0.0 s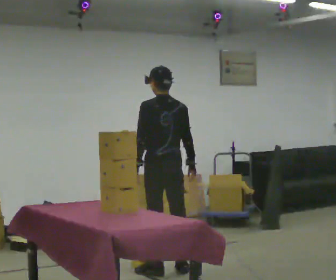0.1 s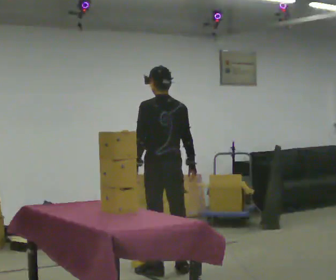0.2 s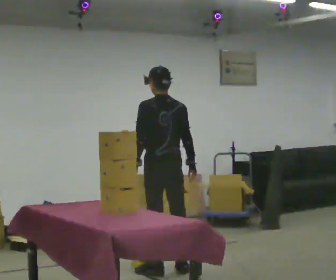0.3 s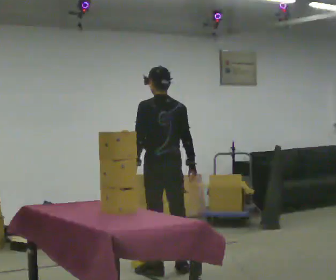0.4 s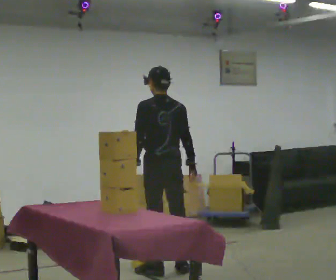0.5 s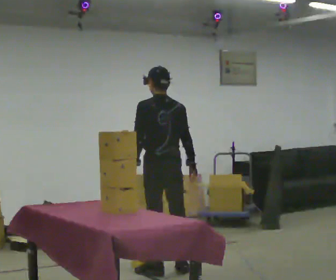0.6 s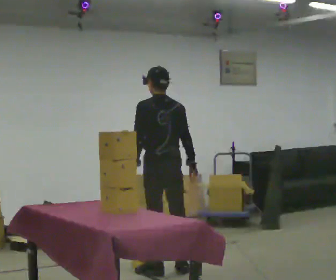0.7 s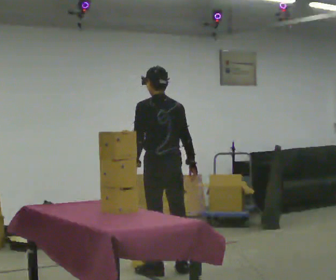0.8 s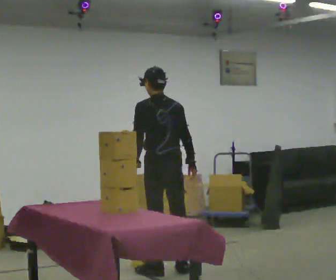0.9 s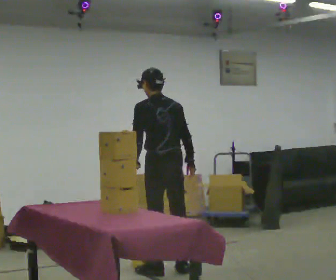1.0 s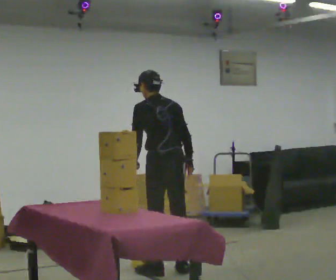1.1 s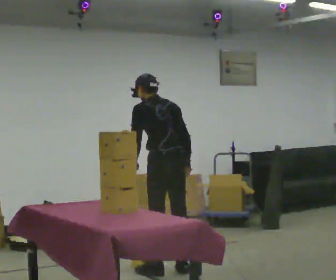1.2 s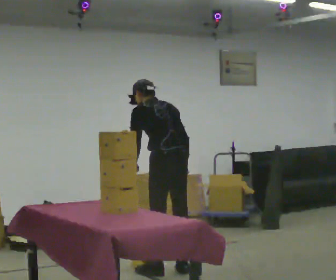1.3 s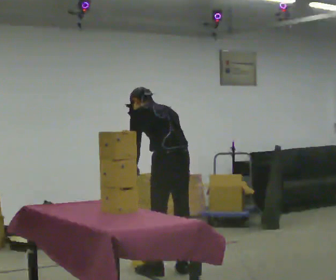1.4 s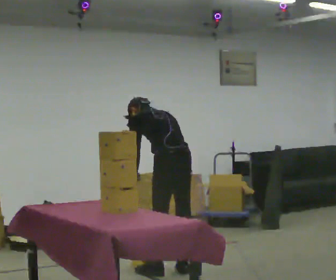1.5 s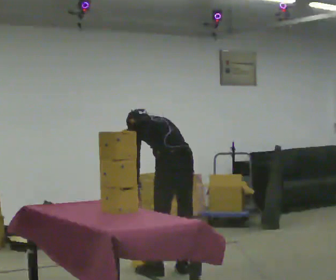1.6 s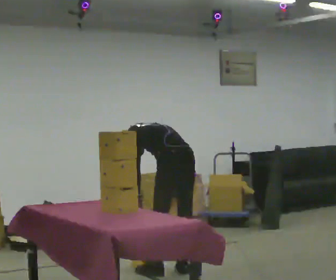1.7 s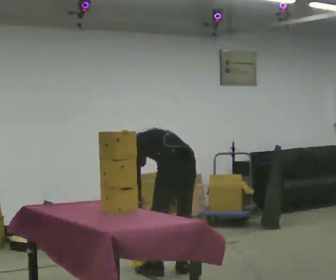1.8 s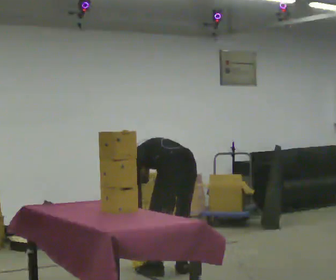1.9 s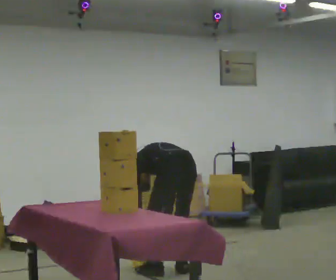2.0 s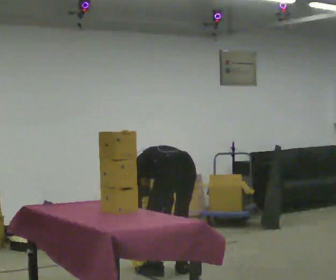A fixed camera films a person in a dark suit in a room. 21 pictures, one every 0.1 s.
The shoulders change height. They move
downward.
The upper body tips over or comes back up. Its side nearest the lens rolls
upward.
0.0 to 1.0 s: The person moves a little, or ends about where they began.
1.0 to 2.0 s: In the picture they go toward the camera, about 0.25 m, which for them is backward. The shoulders move downward. The upper body tips away from the camera, its near side rolling upward, as they bend forward. In the picture their right hand goes downward.
The film runs backward here.
